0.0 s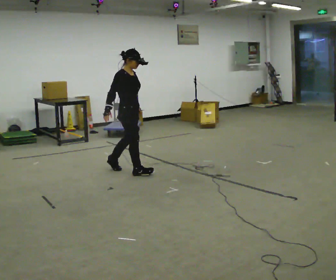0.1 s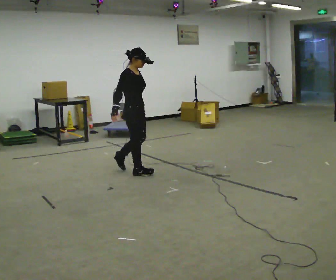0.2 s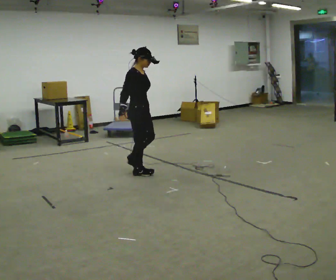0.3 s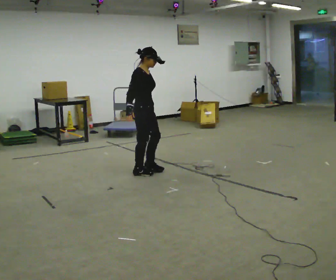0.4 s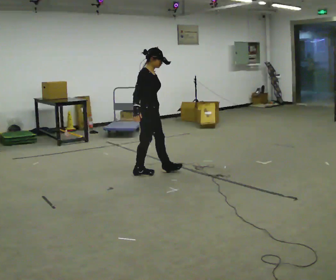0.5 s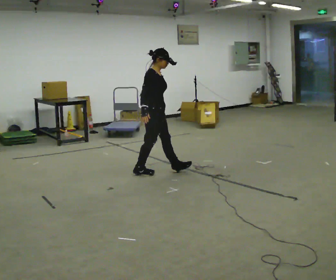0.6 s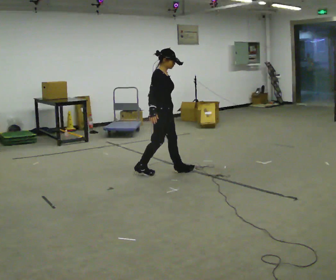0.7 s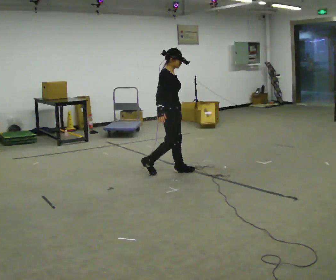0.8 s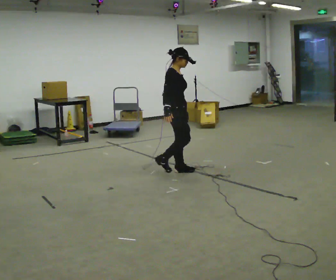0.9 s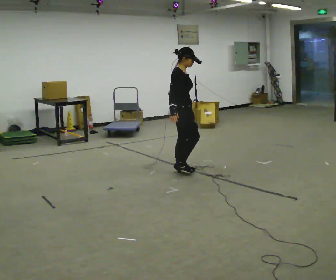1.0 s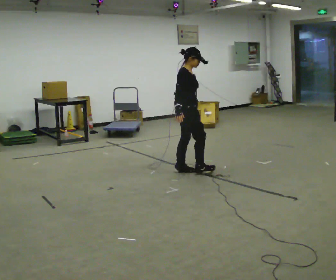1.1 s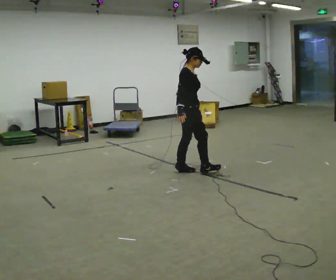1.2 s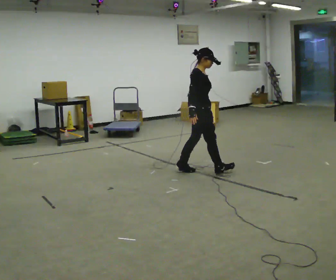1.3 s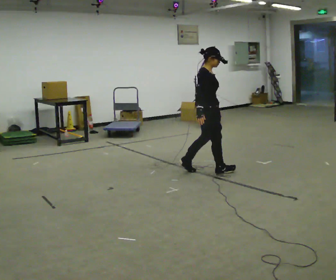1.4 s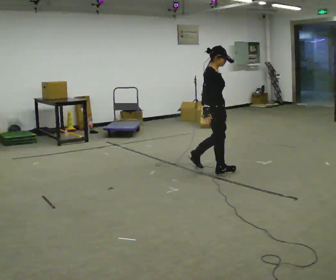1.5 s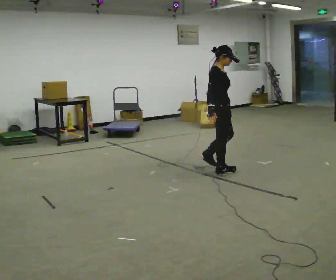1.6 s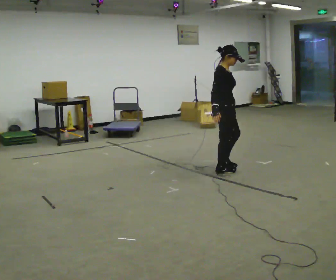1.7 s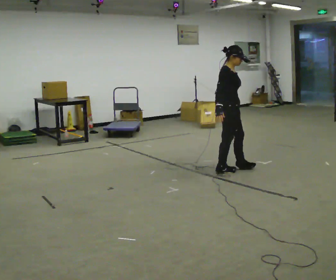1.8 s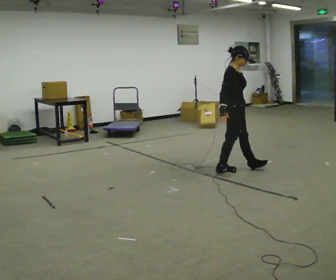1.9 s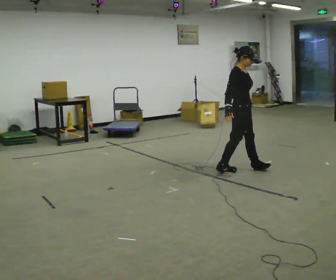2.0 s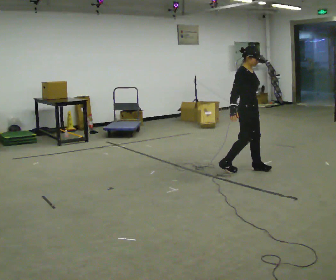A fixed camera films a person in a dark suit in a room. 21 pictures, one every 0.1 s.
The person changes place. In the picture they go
to the right.
0.0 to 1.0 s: In the picture they go to the right, about 0.75 m in 1 step, which for them is forward.
1.0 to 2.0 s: In the picture they go to the right, about 0.75 m in 2 steps, which for them is forward.
The film runs forward here.
